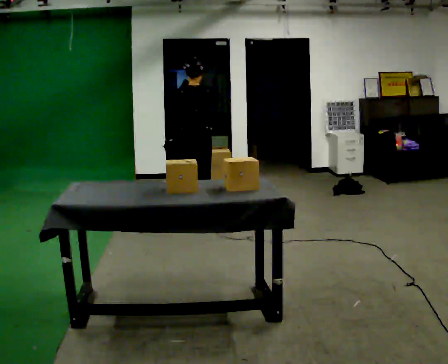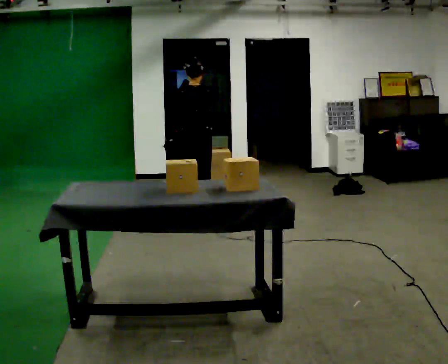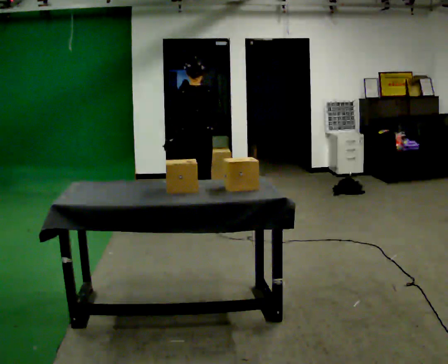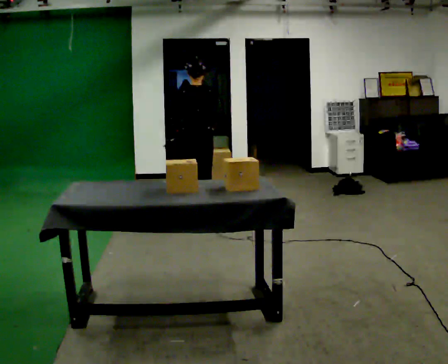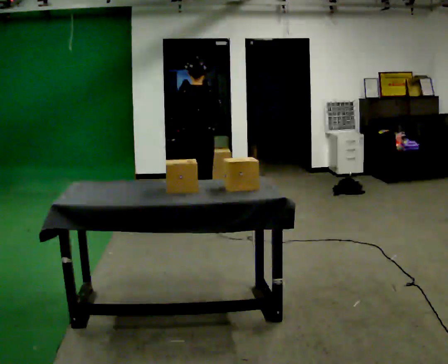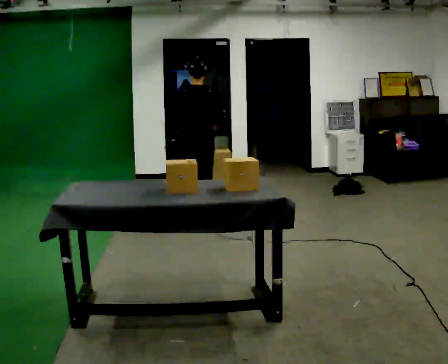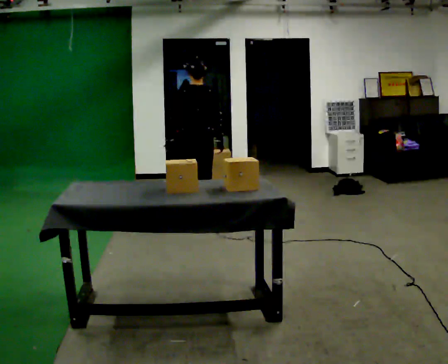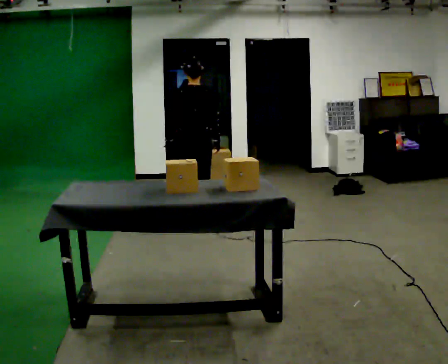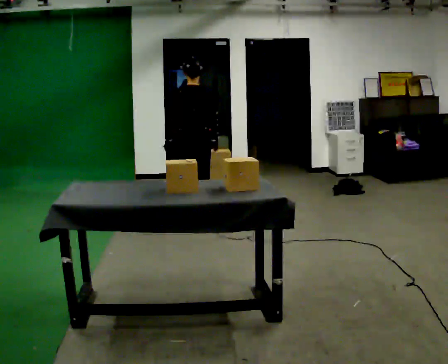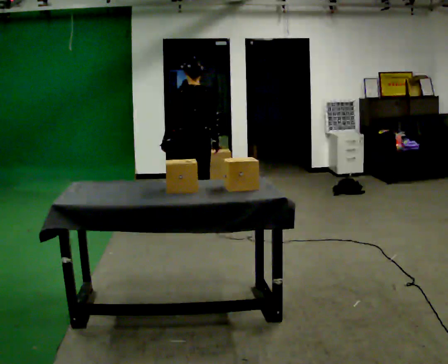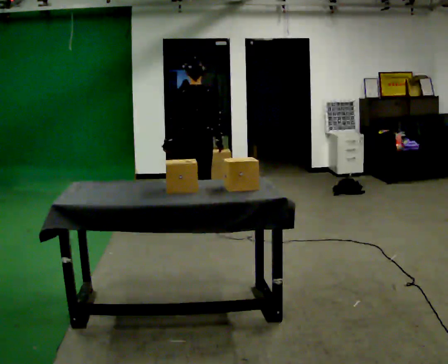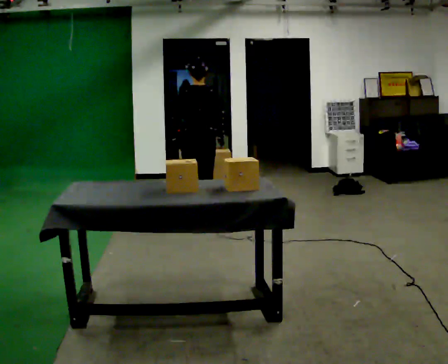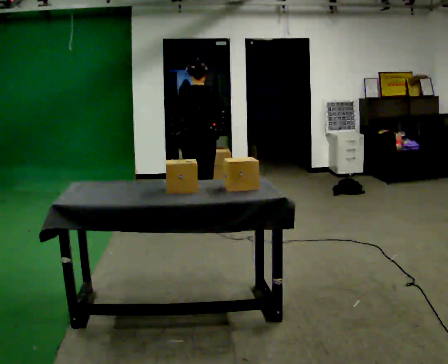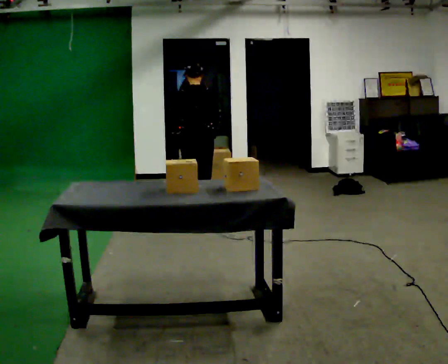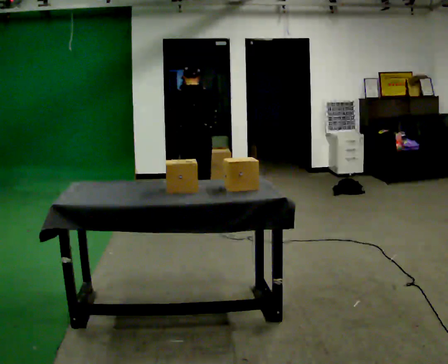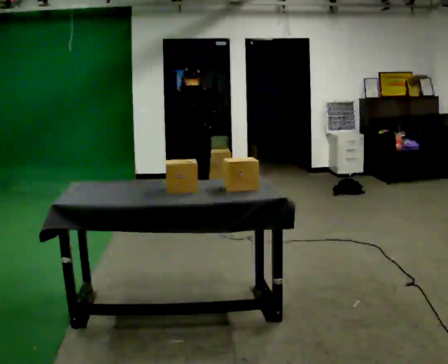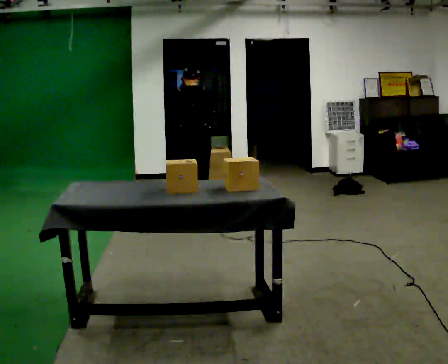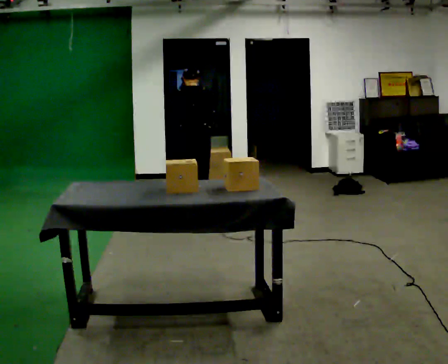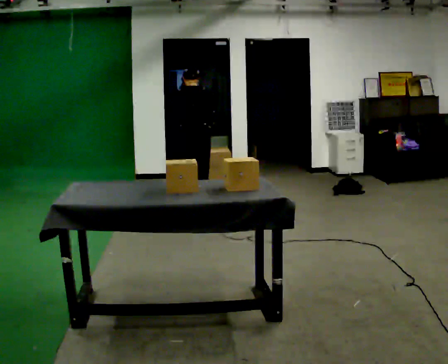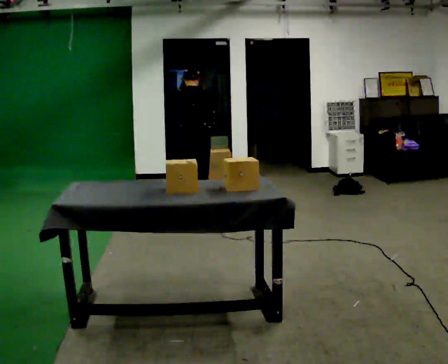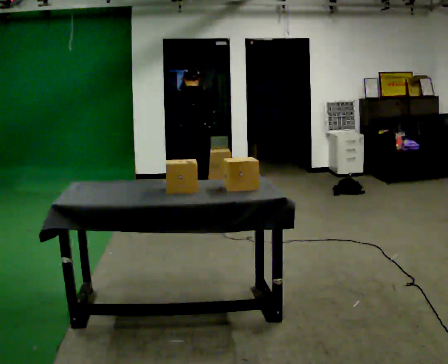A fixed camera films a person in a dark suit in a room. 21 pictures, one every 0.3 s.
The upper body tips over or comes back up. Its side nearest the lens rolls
upward.
0.0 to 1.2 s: The person moves a little, or ends about where they began.
1.2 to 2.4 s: In the picture their right hand goes downward.
2.4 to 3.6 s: The person moves a little, or ends about where they began.
3.6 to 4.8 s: In the picture they go away from the camera, about 0.25 m, which for them is forward. The upper body tips away from the camera, its near side rolling upward, as they bend forward.
4.8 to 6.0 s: The person moves a little, or ends about where they began.
The film runs backward here.
